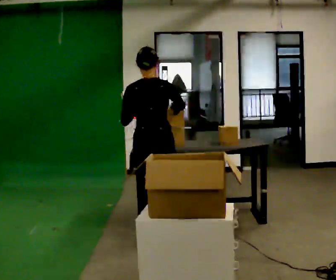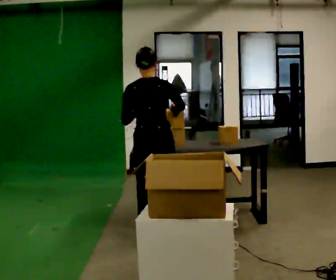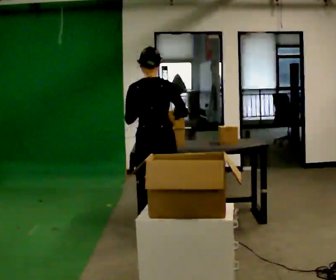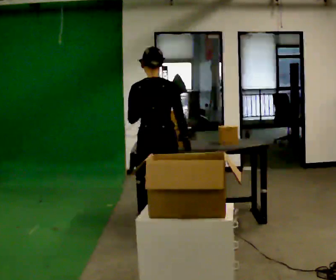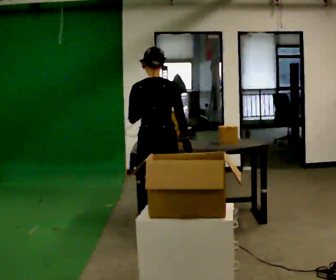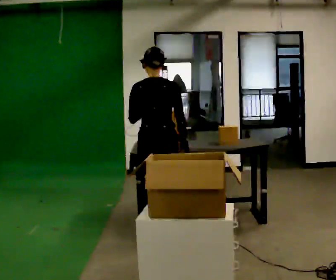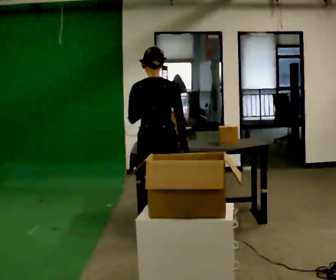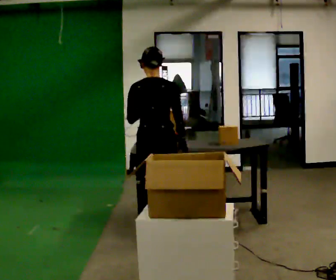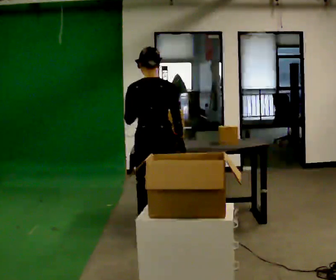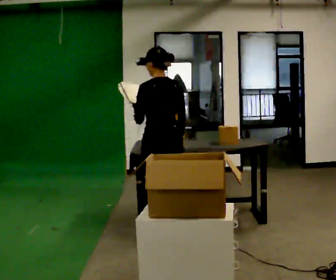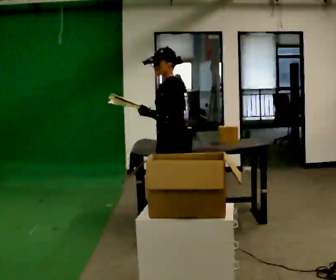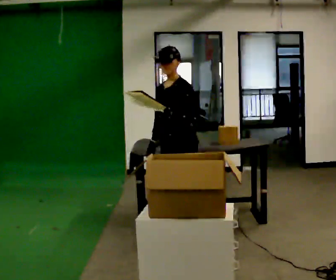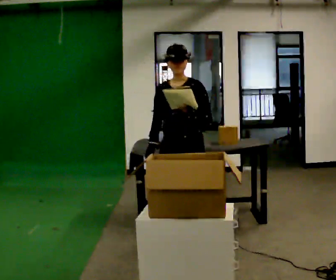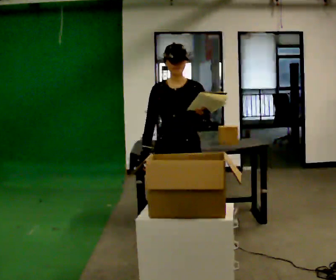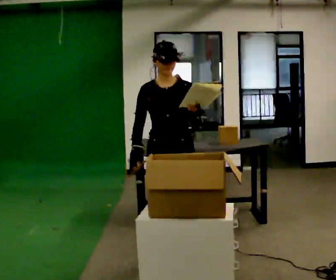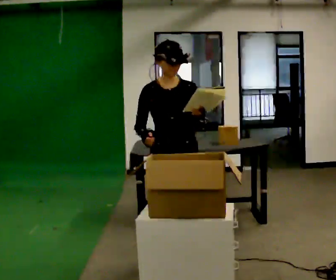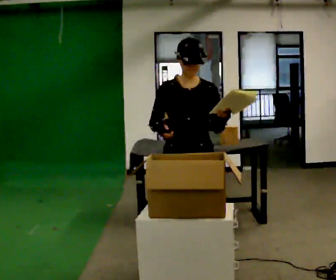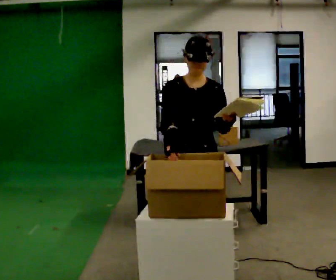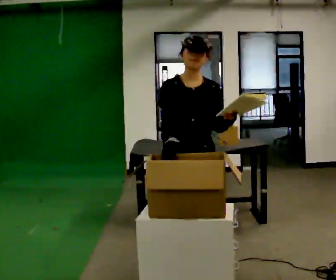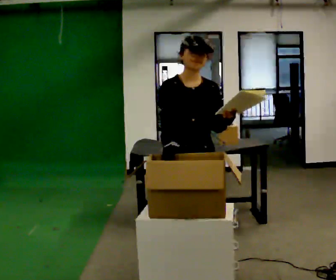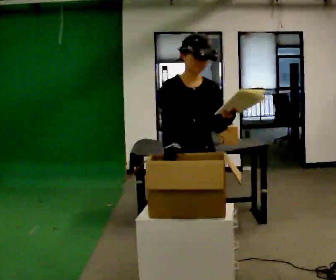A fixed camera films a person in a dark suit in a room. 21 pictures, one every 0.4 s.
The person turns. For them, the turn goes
to their left.
The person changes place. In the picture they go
toward the camera.
0.0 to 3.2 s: The person moves a little, or ends about where they began.
3.2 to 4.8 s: The part of the body nearest the lens slides to the right as the person turns to their left by about 150 degrees. In the picture they go toward the camera and to the right, about 0.25 m in 2 steps.
4.8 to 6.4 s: In the picture they go toward the camera, about 0.5 m in 2 steps, which for them is forward.
6.4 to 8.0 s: The person moves a little, or ends about where they began.
The film runs forward here.
